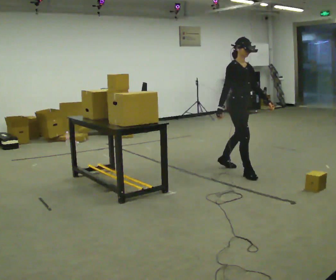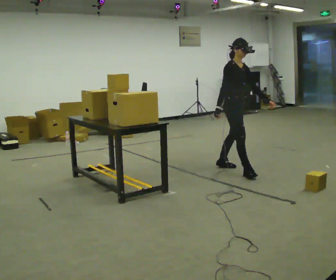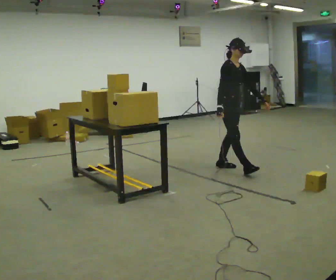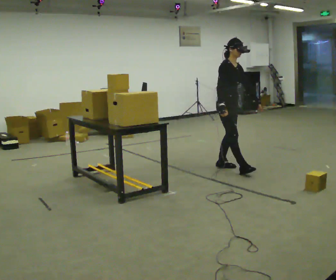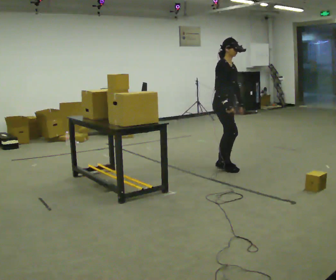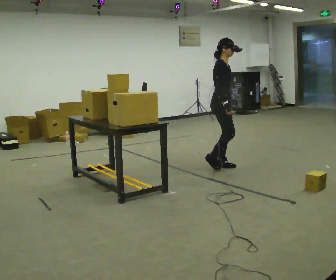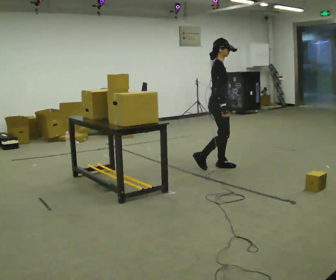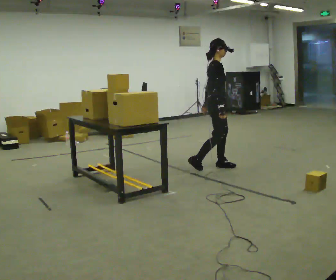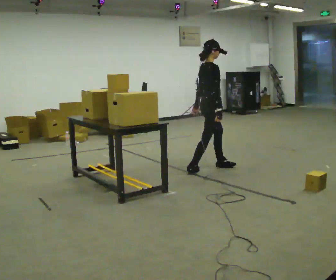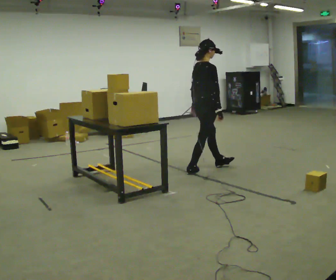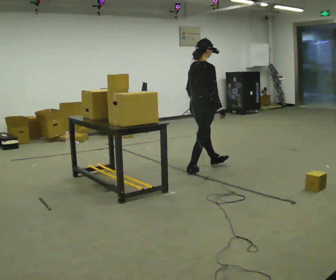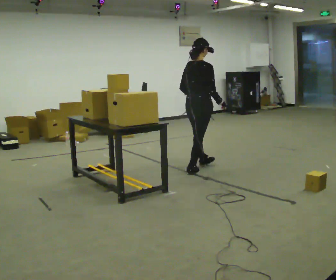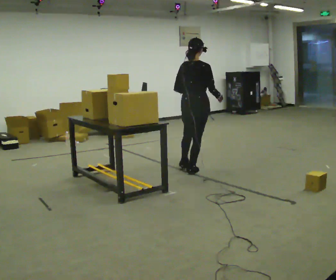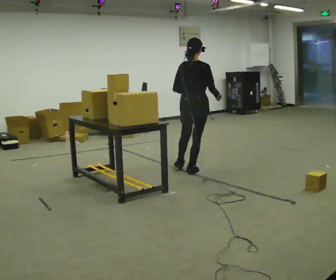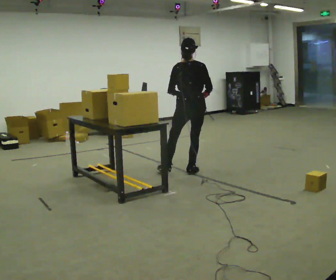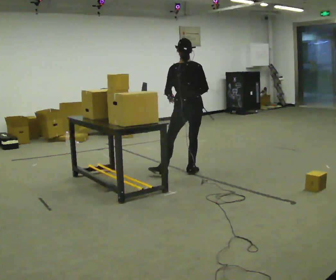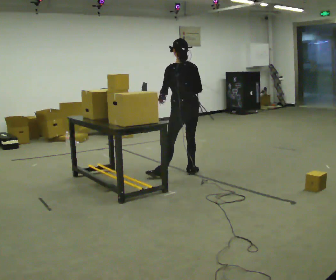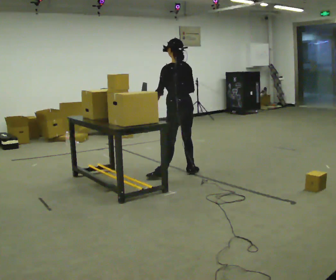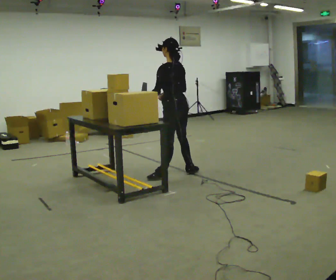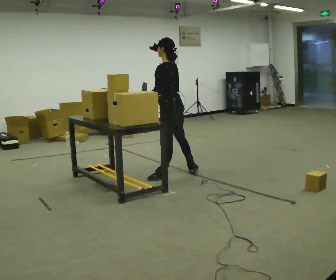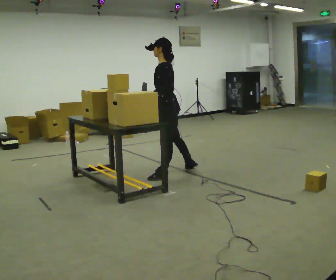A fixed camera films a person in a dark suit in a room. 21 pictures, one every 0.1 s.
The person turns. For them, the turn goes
to their left.
The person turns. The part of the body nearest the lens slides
to the right.
0.0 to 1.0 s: The person turns about 75 degrees to their left, counterclockwise seen from above, so the part of the body nearest the lens slides to the right. In the picture they go to the left, about 0.5 m in 2 steps.
1.0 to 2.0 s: The part of the body nearest the lens slides to the right as the person turns to their left by about 135 degrees. In the picture they go to the left and toward the camera, about 0.5 m in 1 step.
The film runs backward here.
